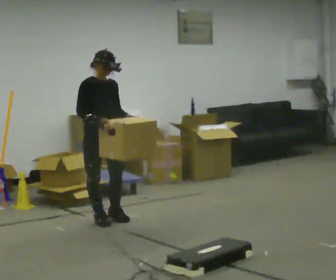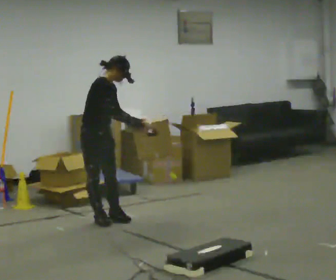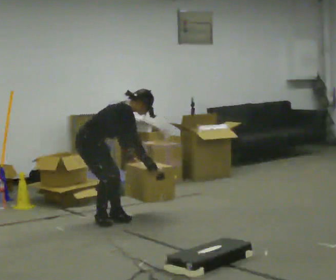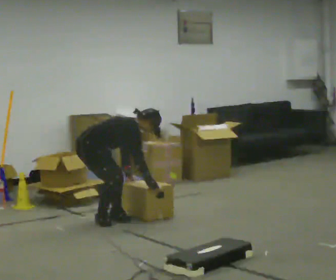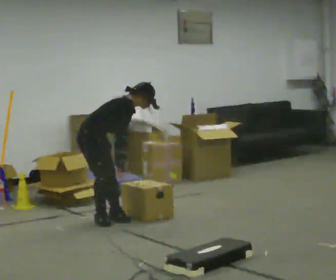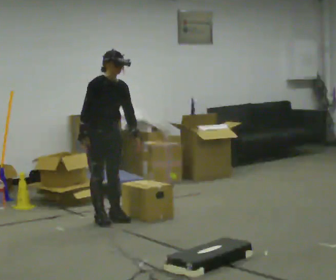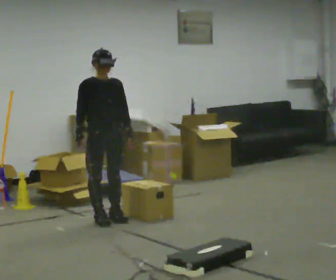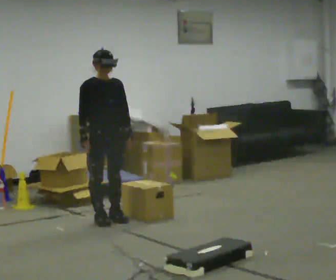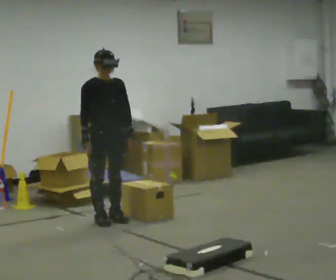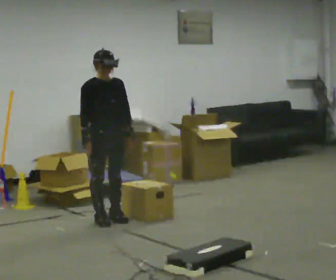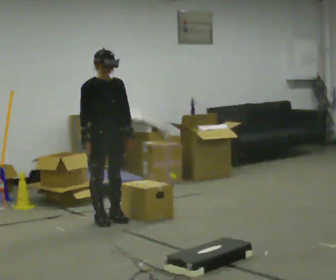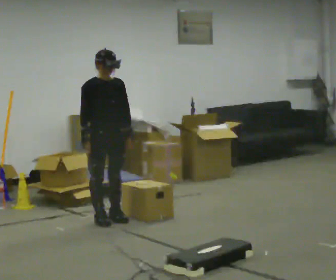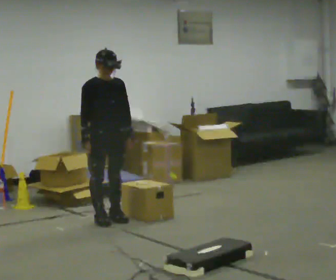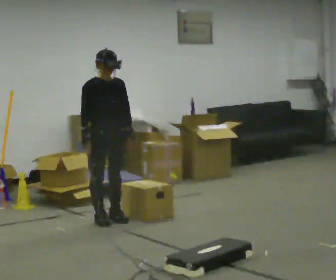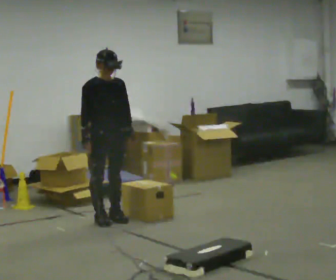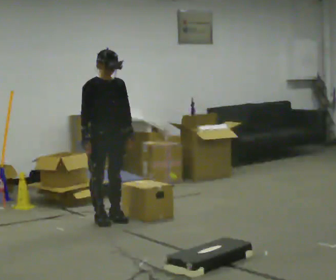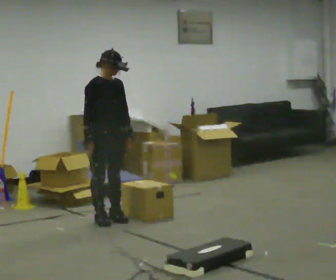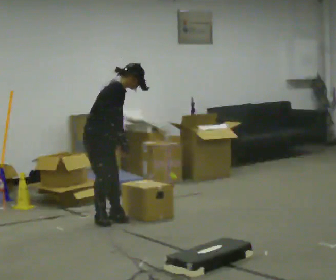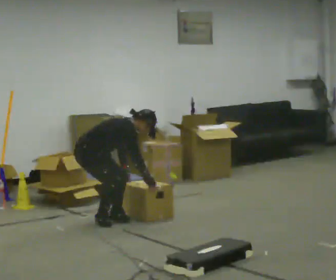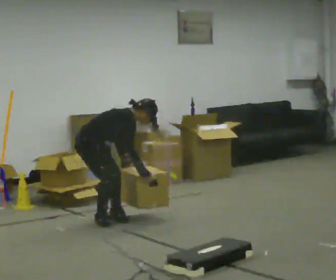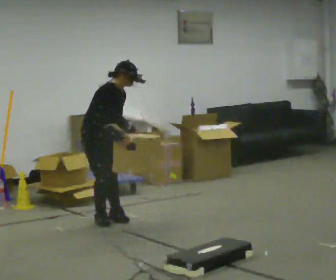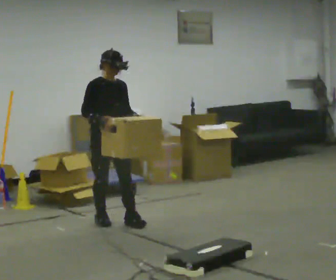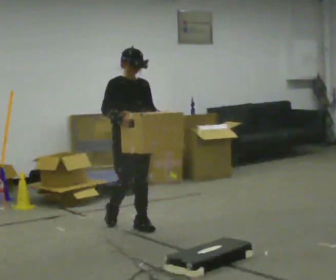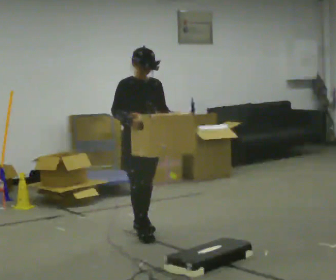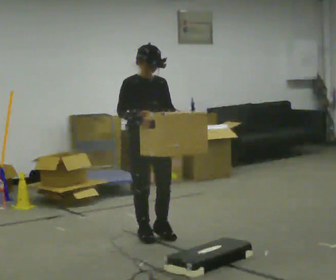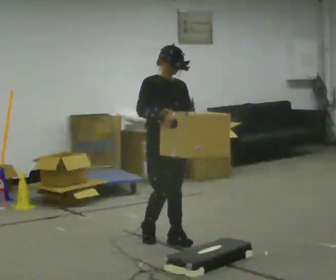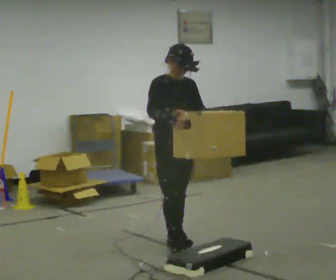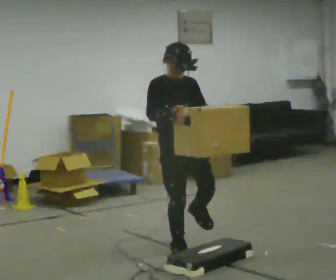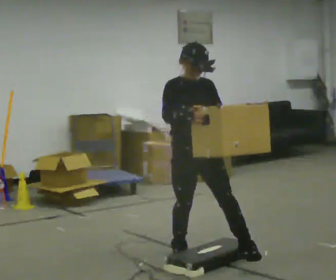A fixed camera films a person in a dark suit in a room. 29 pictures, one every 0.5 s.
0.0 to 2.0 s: The part of the body nearest the lens slides to the right as the person turns to their left by about 30 degrees. In the picture their left hand goes downward.
2.0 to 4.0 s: The person turns about 45 degrees to their right, clockwise seen from above, so the part of the body nearest the lens slides to the left. The upper body goes upward. In the picture the upper body tilts counterclockwise, shoulders to the left, as they lean back or straighten.
4.0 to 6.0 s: The person keeps their place and pose.
6.0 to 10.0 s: Seen from above the body turns counterclockwise, about 30 degrees: to their left, with its near side sliding to the right.
10.0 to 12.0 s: Seen from above the body turns clockwise, about 30 degrees: to their right, with its near side sliding to the left. In the picture they go toward the camera and to the right, about 0.5 m in 2 steps, which for them is forward. In the picture the upper body tilts counterclockwise, shoulders to the left, as they lean back or straighten.
12.0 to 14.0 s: In the picture they go toward the camera and to the right, about 0.5 m in 3 steps, which for them is forward.
The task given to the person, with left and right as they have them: Carry the box over the low sill without stopping, then bring it back over. Keep going until the operator says stop; one object at a time, and do not rush between trips.
The film runs forward here.
